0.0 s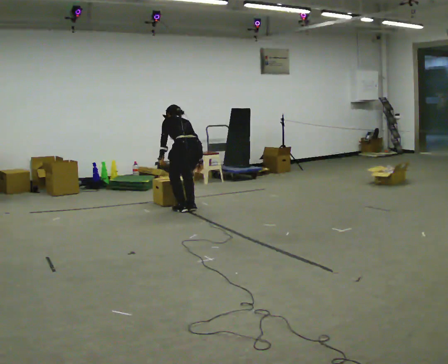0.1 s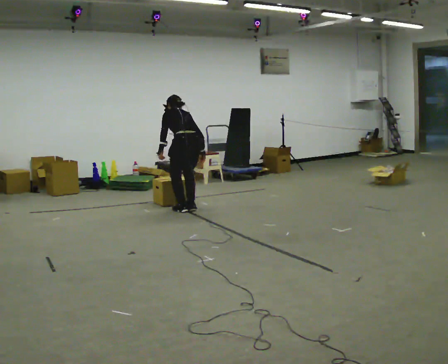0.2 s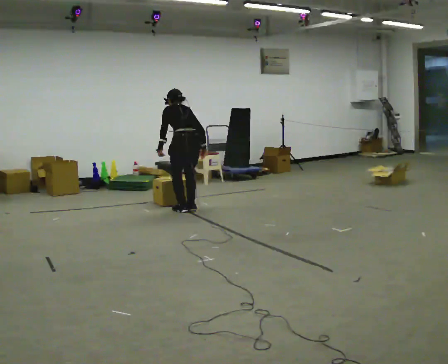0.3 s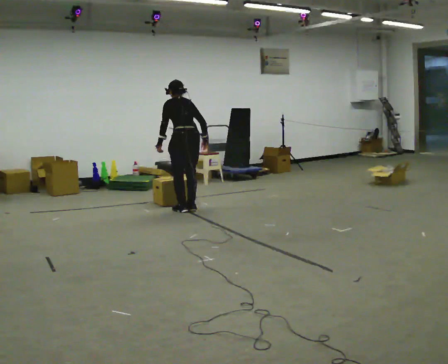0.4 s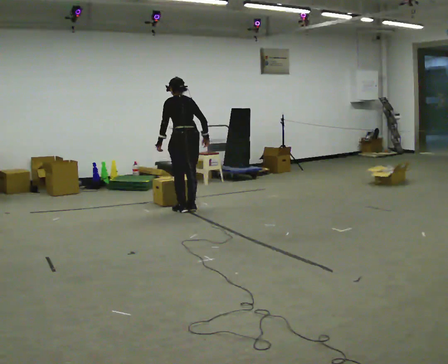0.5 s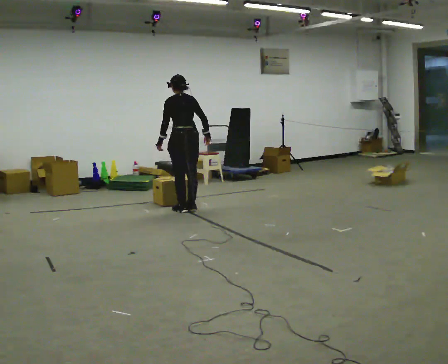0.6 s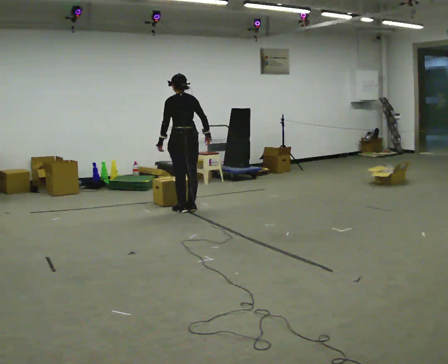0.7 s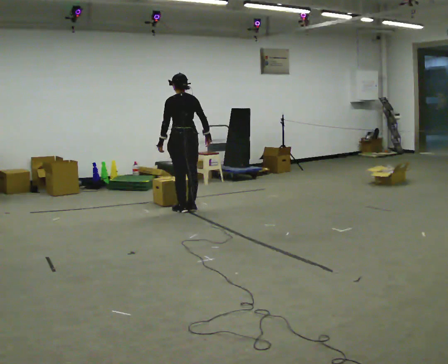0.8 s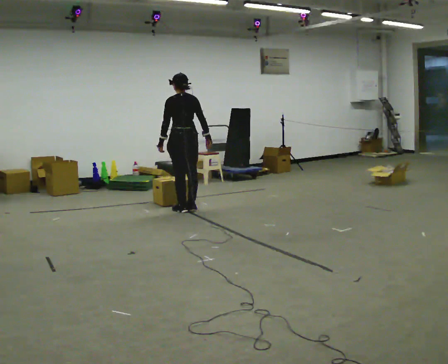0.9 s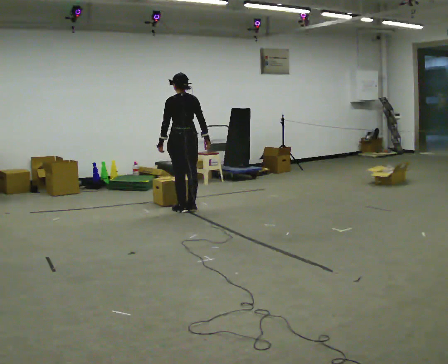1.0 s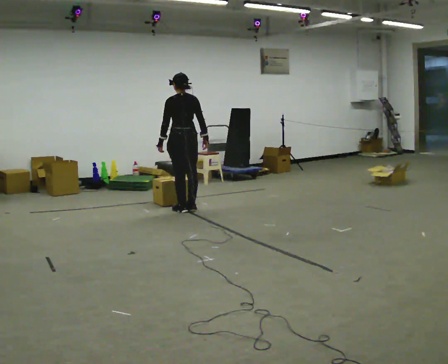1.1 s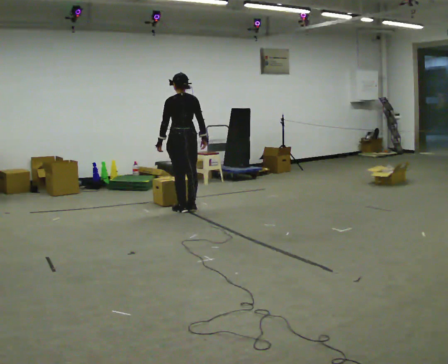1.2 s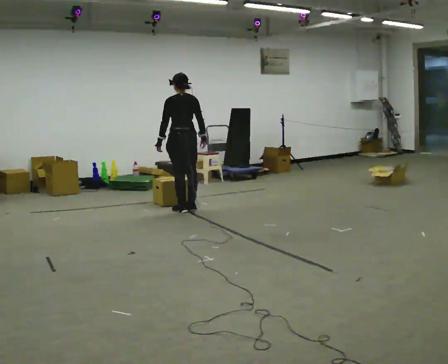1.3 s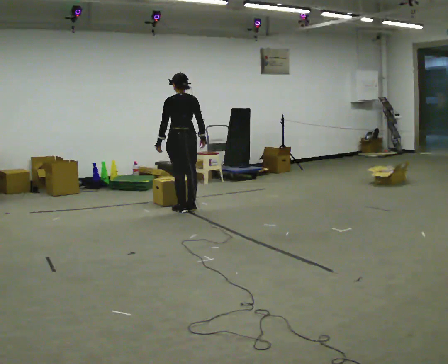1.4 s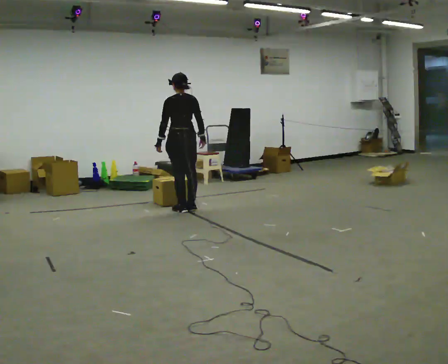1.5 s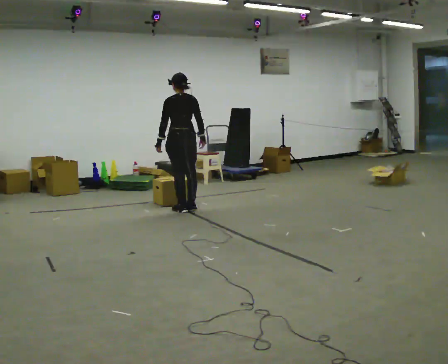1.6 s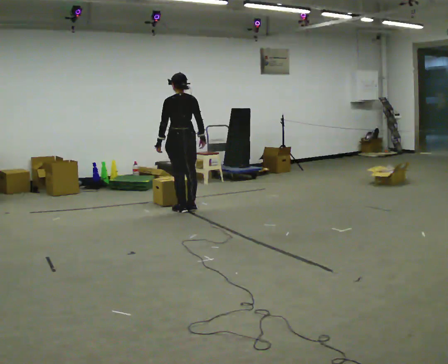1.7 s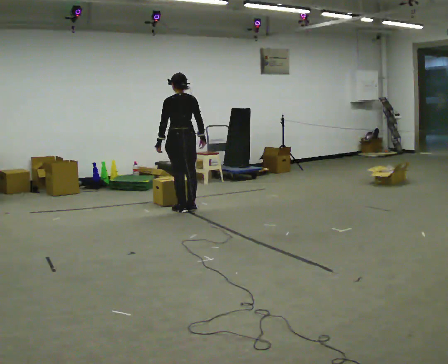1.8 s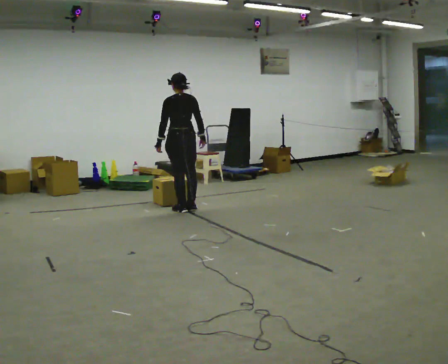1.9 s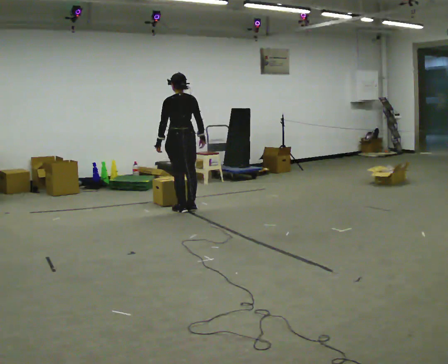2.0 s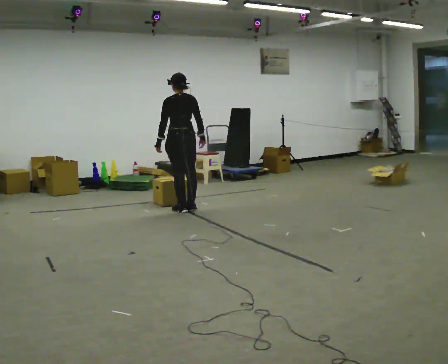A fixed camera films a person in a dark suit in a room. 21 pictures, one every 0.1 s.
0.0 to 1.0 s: The upper body goes upward. The upper body tips toward the camera, its near side rolling downward, as they lean back or straighten.
1.0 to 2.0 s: The person moves a little, or ends about where they began.
The film runs forward here.
